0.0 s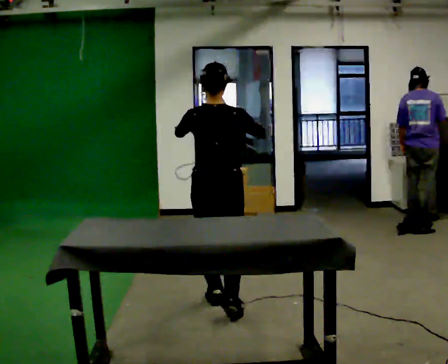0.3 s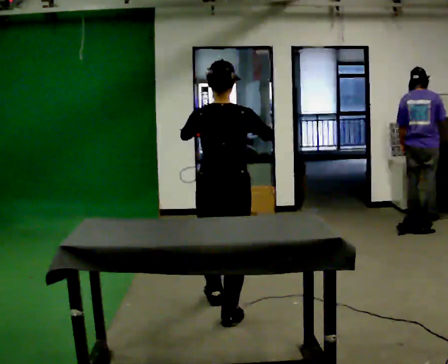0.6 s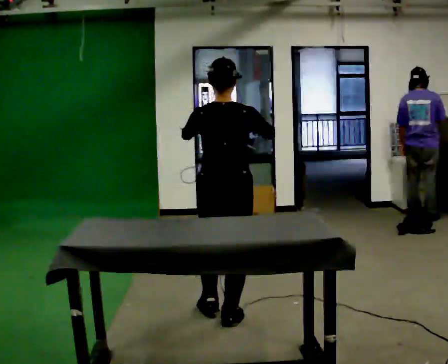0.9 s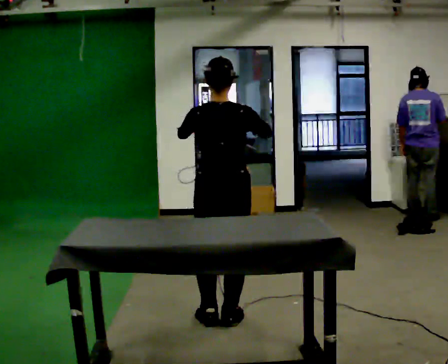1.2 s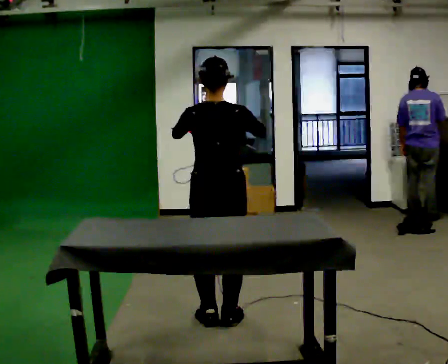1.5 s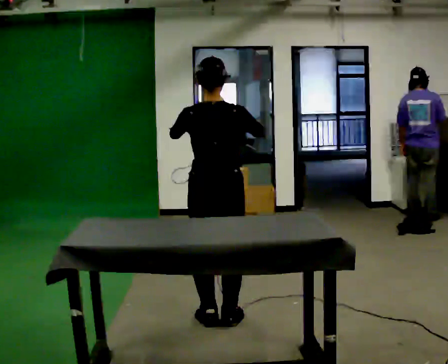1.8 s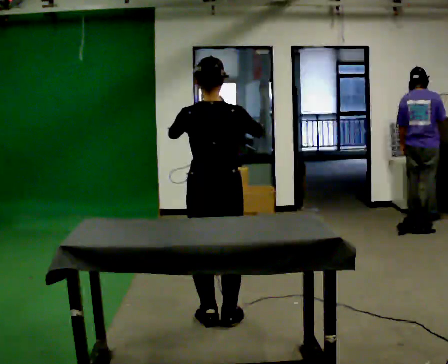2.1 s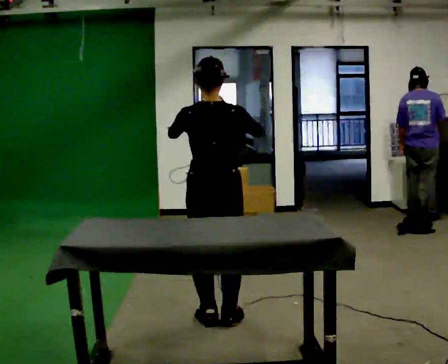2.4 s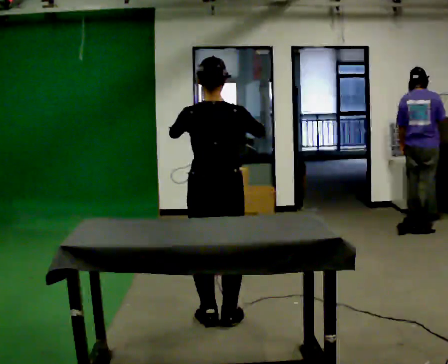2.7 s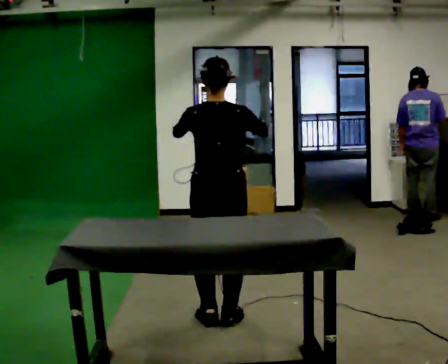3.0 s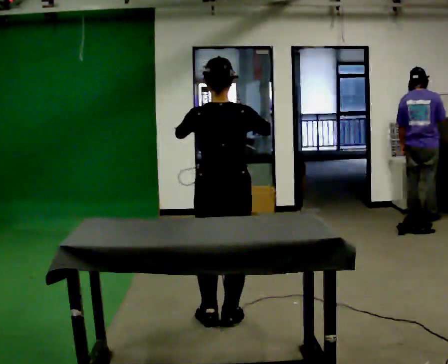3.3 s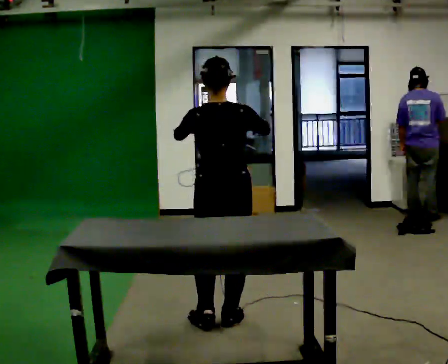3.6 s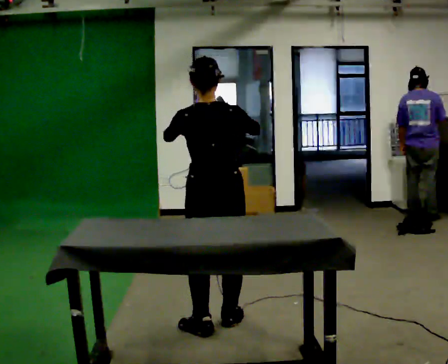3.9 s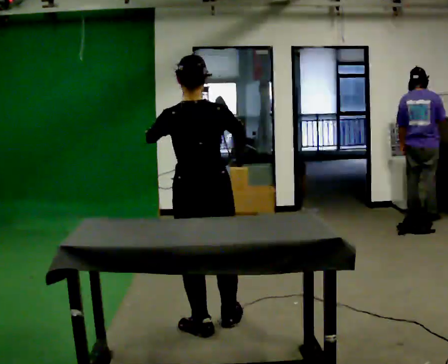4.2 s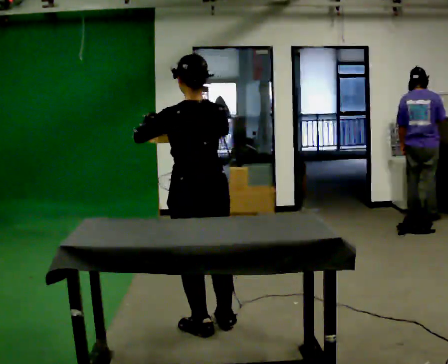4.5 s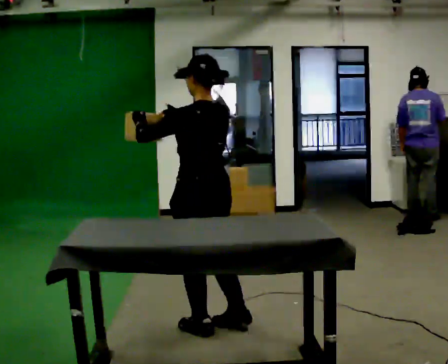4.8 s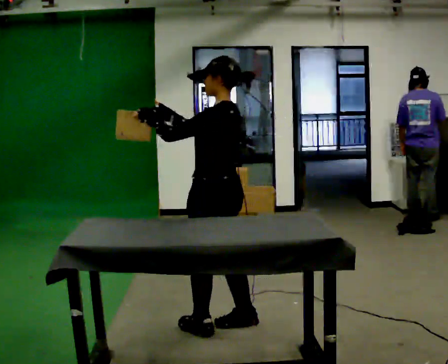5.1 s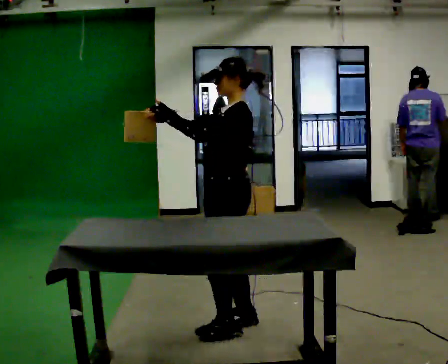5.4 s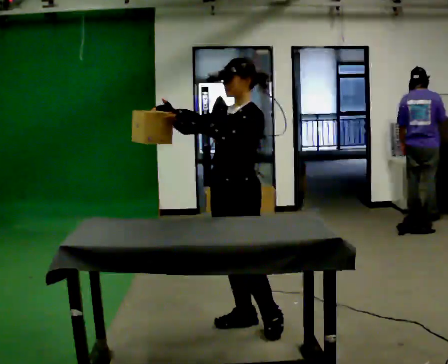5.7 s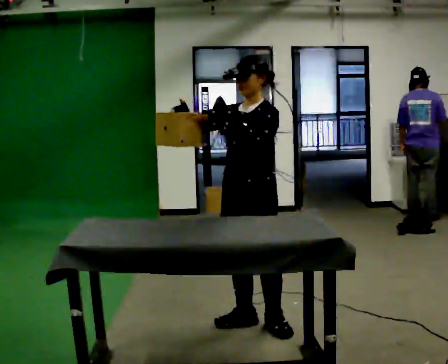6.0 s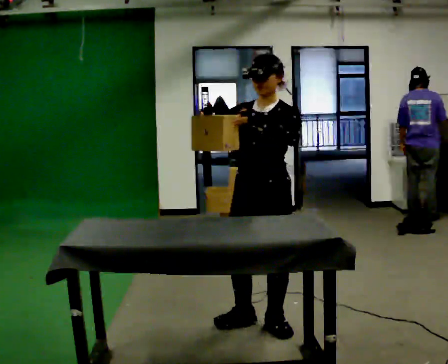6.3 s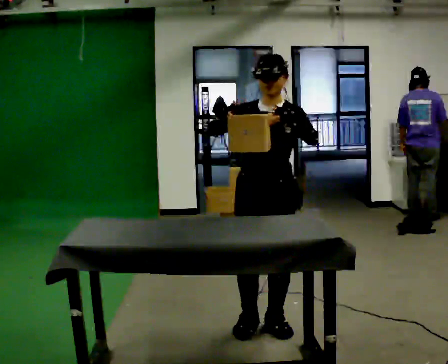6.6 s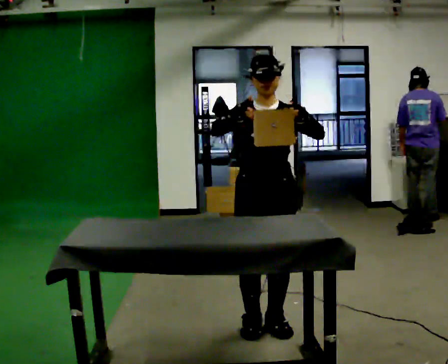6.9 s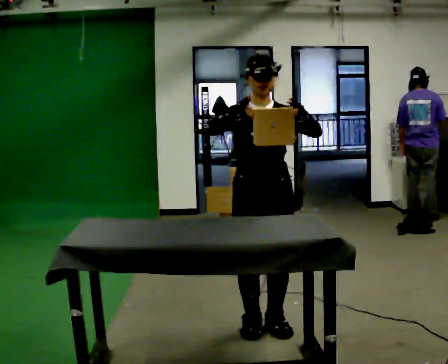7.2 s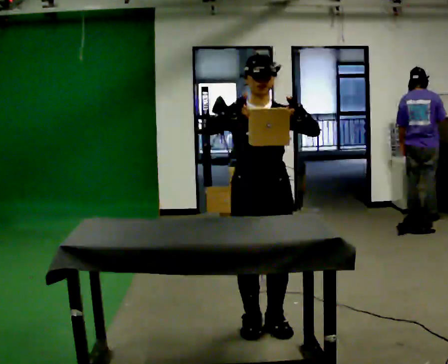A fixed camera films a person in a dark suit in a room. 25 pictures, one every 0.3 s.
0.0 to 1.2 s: In the picture they go toward the camera, about 0.25 m in 1 step, which for them is backward.
1.2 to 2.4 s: The person keeps their place and pose.
2.4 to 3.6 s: The person moves a little, or ends about where they began.
3.6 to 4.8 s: The part of the body nearest the lens slides to the right as the person turns to their left by about 75 degrees.
4.8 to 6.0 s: The person turns about 75 degrees to their left, counterclockwise seen from above, so the part of the body nearest the lens slides to the right. In the picture they go to the right, about 0.25 m in 1 step. In the picture their left hand goes to the right.
6.0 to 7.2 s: Seen from above the body turns counterclockwise, about 30 degrees: to their left, with its near side sliding to the right.
The film runs backward here.
